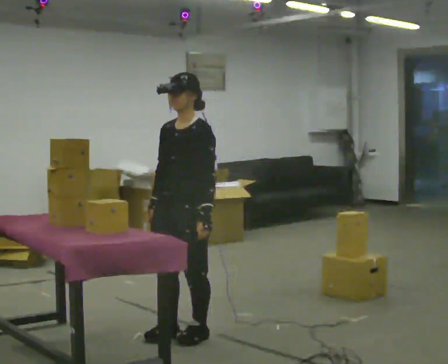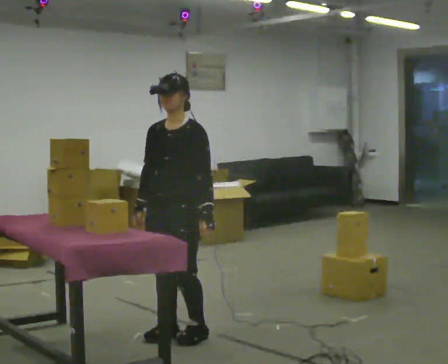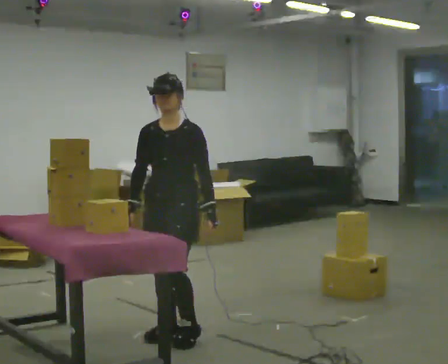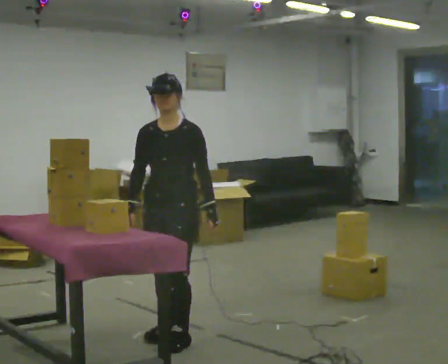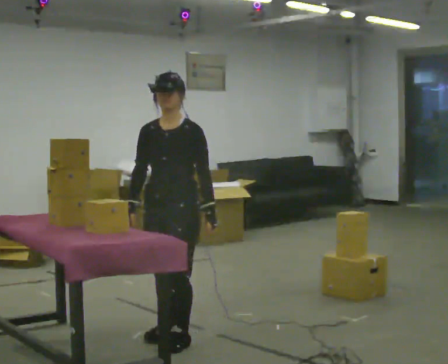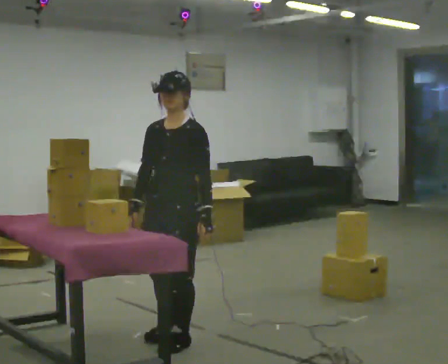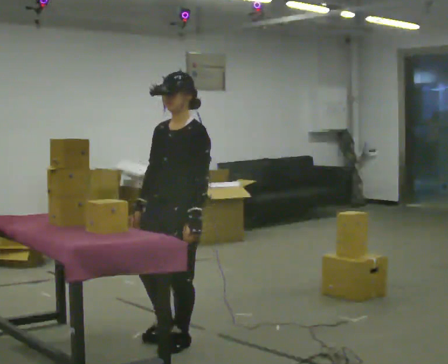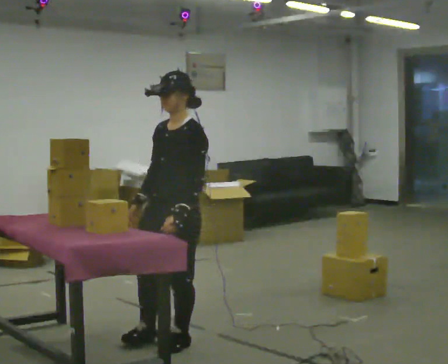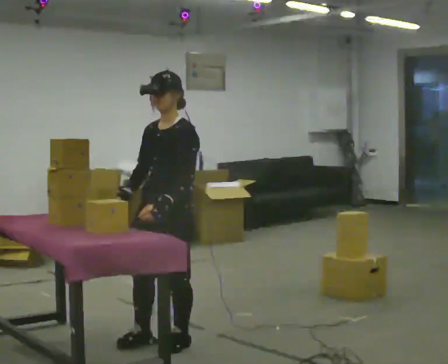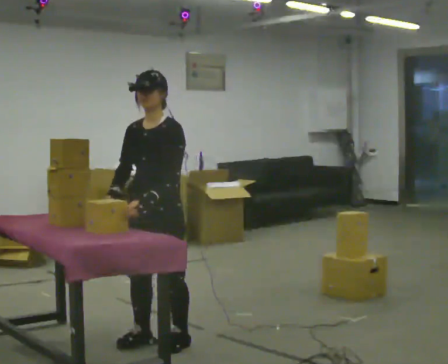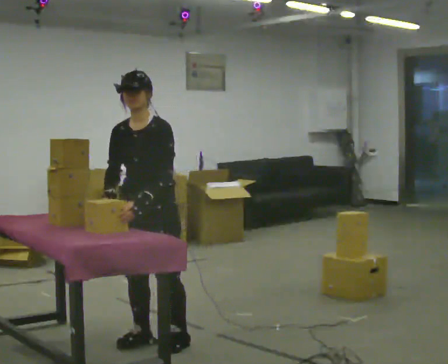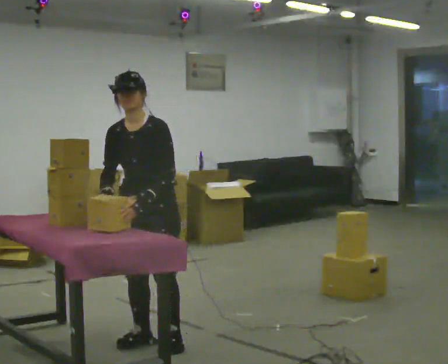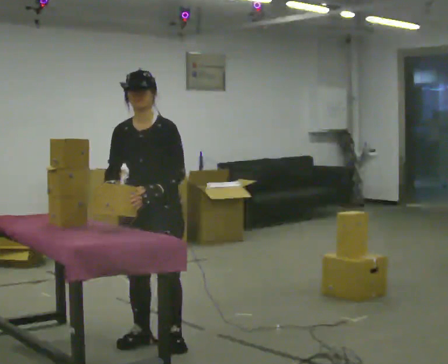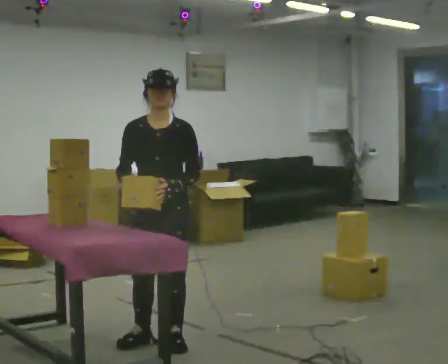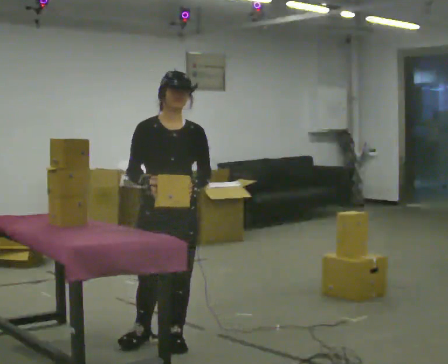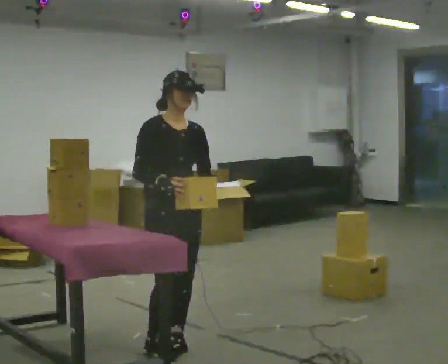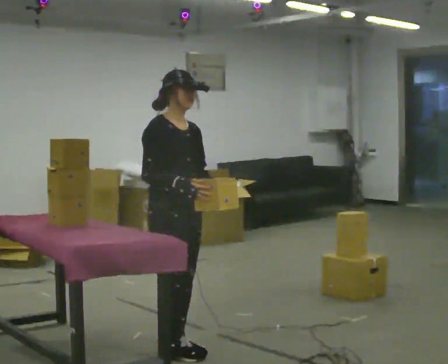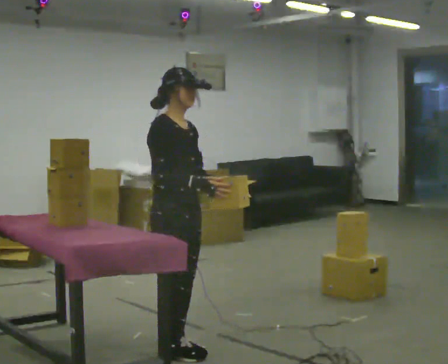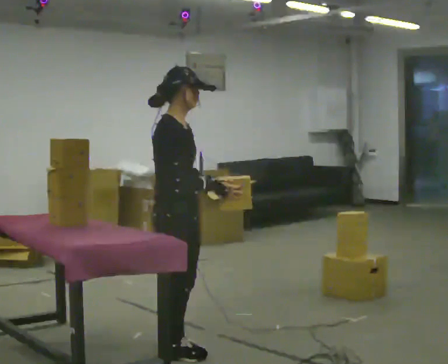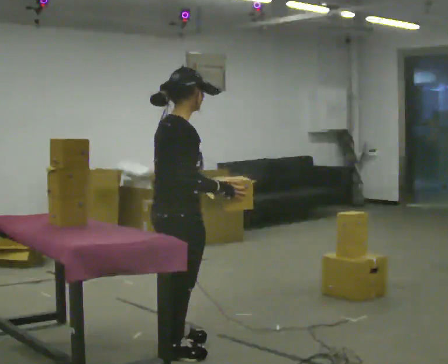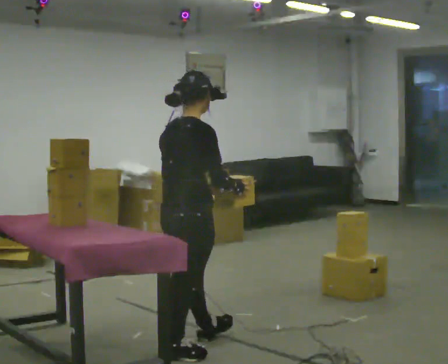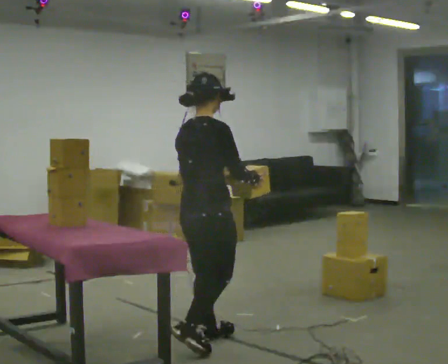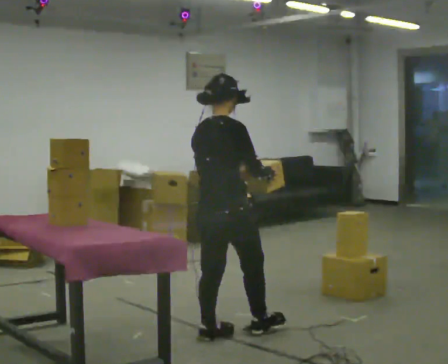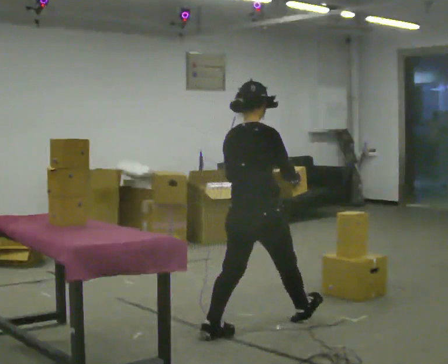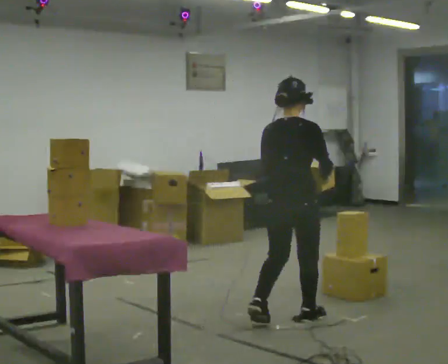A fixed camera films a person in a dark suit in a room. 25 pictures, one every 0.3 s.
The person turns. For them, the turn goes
to their left.
The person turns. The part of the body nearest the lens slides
to the right.
0.0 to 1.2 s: The person moves a little, or ends about where they began.
1.2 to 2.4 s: In the picture their left hand goes to the left.
2.4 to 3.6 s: Seen from above the body turns counterclockwise, about 30 degrees: to their left, with its near side sliding to the right.
3.6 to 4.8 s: The person turns about 75 degrees to their left, counterclockwise seen from above, so the part of the body nearest the lens slides to the right. In the picture their right hand goes to the right.
4.8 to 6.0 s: The person turns about 75 degrees to their left, counterclockwise seen from above, so the part of the body nearest the lens slides to the right. In the picture their right hand goes to the right.
6.0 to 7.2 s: Seen from above the body turns counterclockwise, about 30 degrees: to their left, with its near side sliding to the right. In the picture they go to the right and away from the camera, about 1 m in 1 step, which for them is forward.
The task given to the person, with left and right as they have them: Take an object out of the bin at knee height, carry it across the room, and place it on the chest-height shelf. Keep going until the operator says stop; one object at a time, and do not rush between trips.
The film runs forward here.
